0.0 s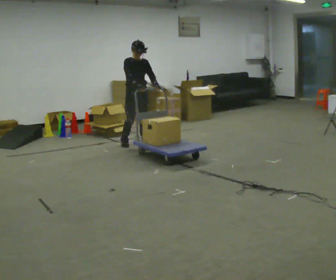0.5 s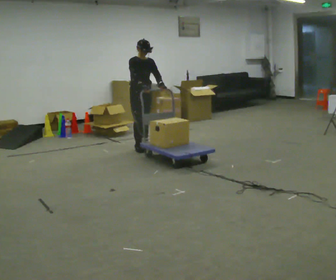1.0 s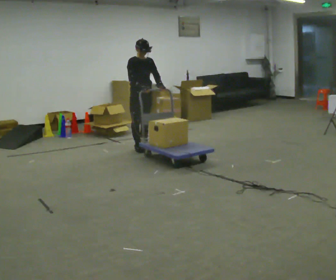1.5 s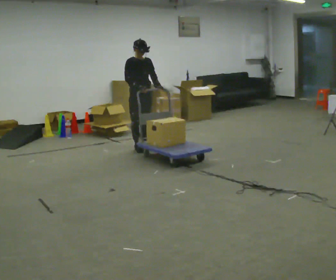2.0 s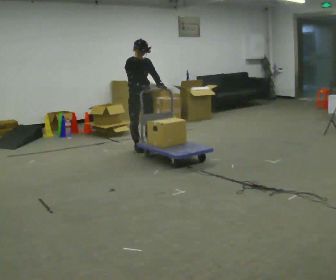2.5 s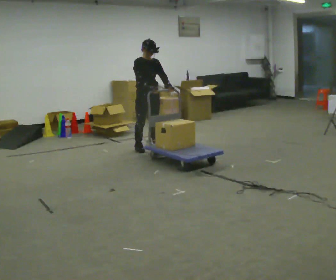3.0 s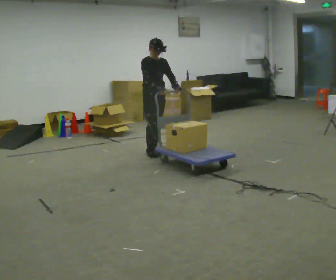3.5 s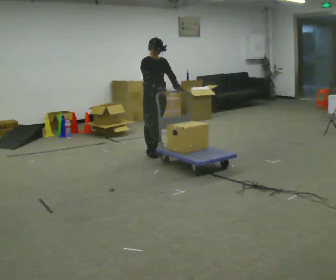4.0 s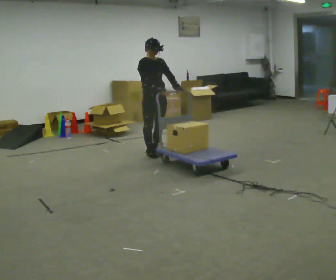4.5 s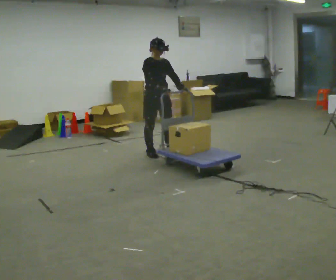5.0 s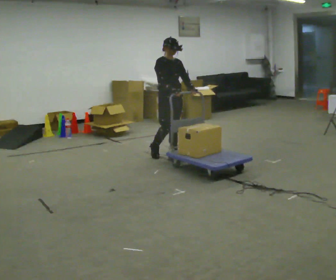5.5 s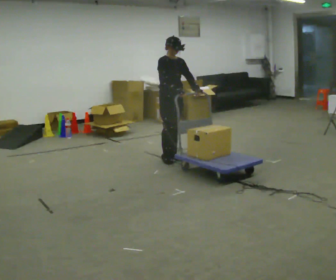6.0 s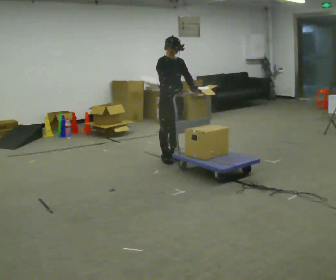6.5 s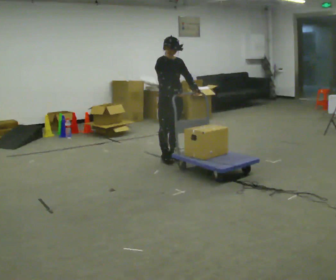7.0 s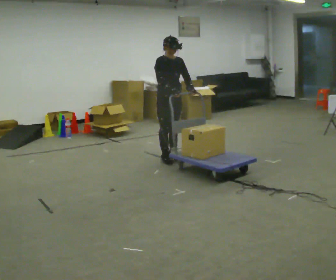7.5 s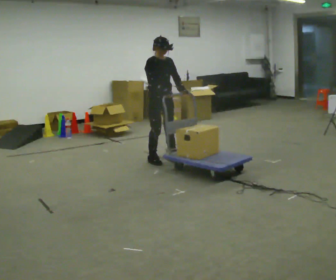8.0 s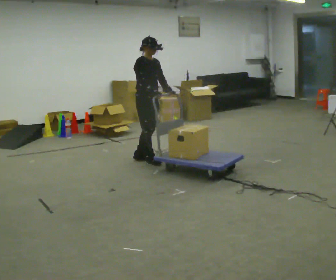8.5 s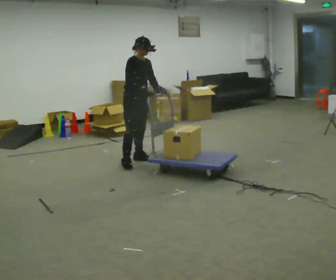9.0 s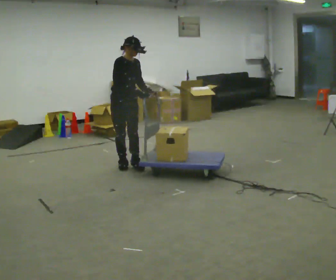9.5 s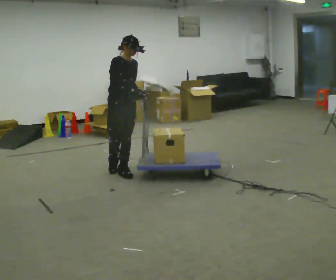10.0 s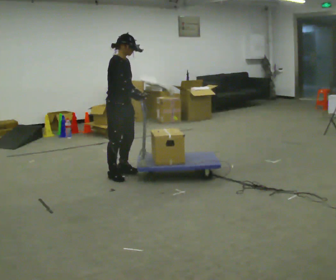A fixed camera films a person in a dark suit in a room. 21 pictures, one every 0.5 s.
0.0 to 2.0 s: In the picture they go toward the camera, about 0.25 m in 1 step, which for them is forward.
2.0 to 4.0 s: In the picture they go toward the camera and to the right, about 0.25 m in 2 steps, which for them is forward.
4.0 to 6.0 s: In the picture they go to the right and toward the camera, about 0.25 m in 2 steps, which for them is forward.
6.0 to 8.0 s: In the picture they go to the left, about 0.25 m in 2 steps, which for them is to their right.
8.0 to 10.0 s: In the picture they go toward the camera, about 0.75 m in 3 steps, which for them is to their right and forward.
The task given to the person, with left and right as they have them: Stand still with your hands on the cart. When the operator says go, get it moving, push it a few metres, then bring it to a stop. Repeat until the operator says stop.
The film runs forward here.
